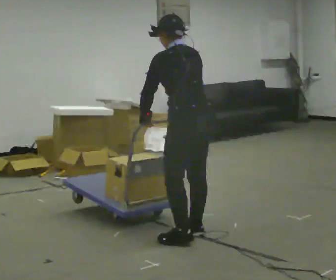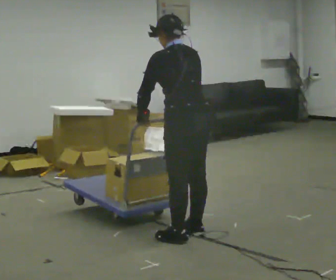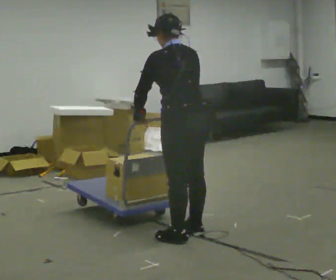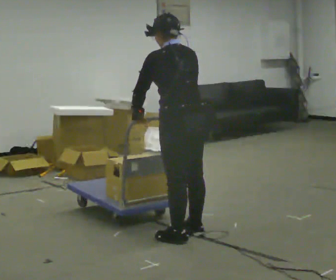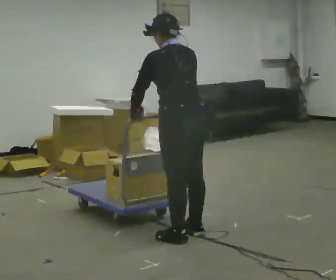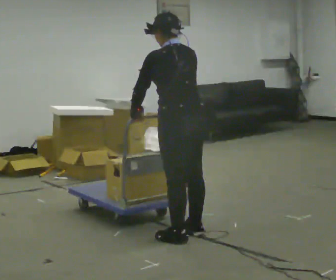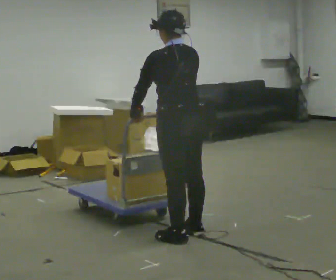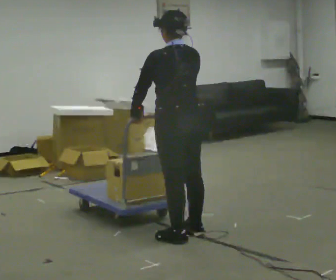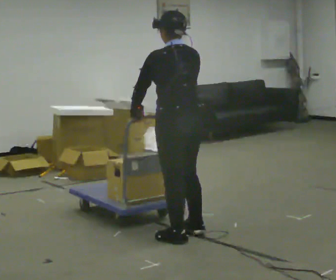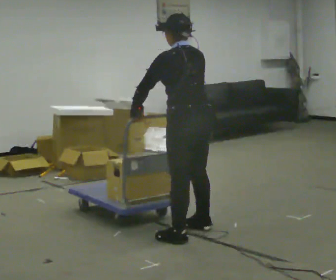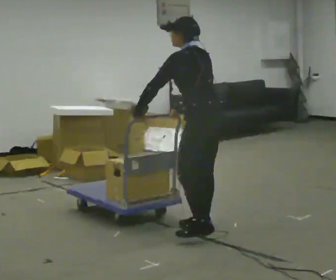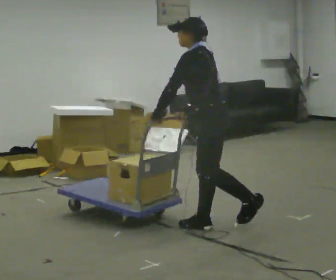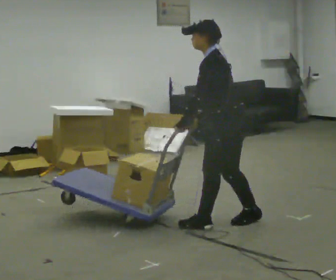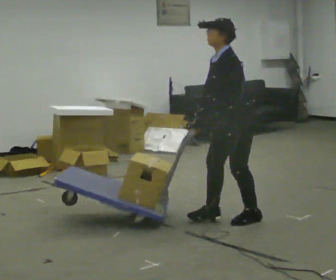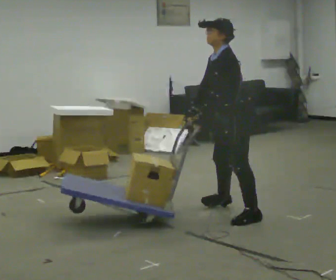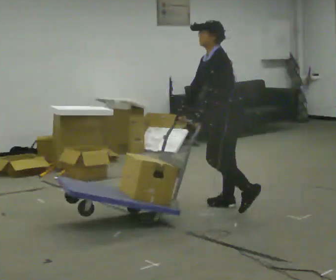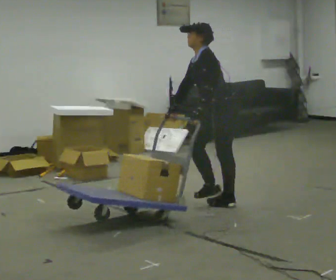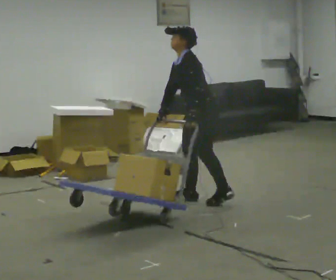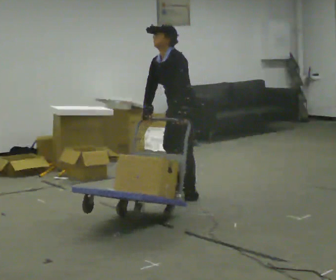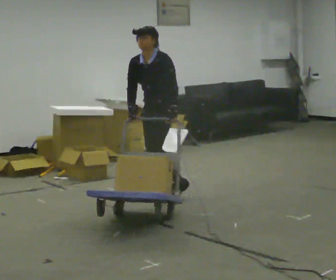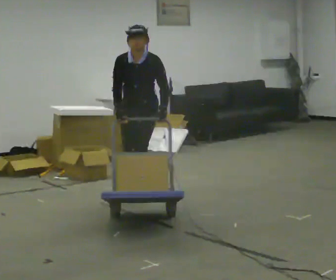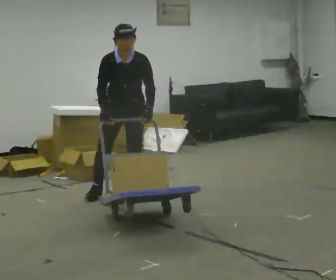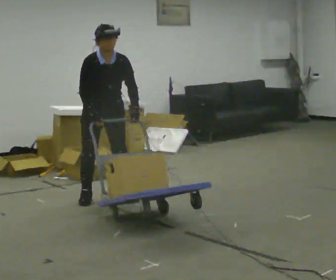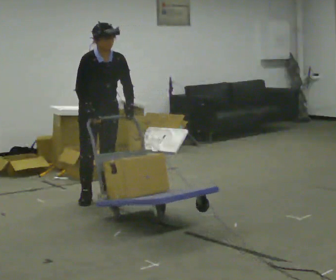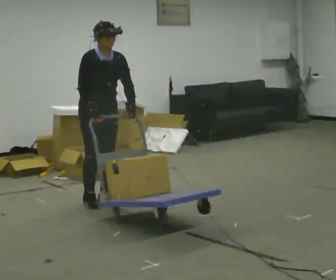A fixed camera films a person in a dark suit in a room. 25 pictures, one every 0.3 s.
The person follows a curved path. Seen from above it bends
counterclockwise.
0.0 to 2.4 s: The person moves a little, or ends about where they began.
2.4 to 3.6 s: Seen from above the body turns counterclockwise, about 60 degrees: to their left, with its near side sliding to the right. In the picture they go away from the camera and to the right, about 0.5 m in 2 steps.
3.6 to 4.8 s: Seen from above the body turns clockwise, about 30 degrees: to their right, with its near side sliding to the left. In the picture they go away from the camera, about 0.5 m in 1 step, which for them is to their right.
4.8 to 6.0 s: Seen from above the body turns counterclockwise, about 90 degrees: to their left, with its near side sliding to the right. In the picture they go to the left, about 1 m in 3 steps. In the picture the upper body tilts clockwise, shoulders to the right.
6.0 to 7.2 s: The part of the body nearest the lens slides to the right as the person turns to their left by about 60 degrees. In the picture they go to the left and toward the camera, about 0.5 m in 2 steps.
The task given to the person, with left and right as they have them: Turn the cart round to face the other way without moving it out of the marked square, then turn it back. Repeat until the operator says stop.
The film runs forward here.
